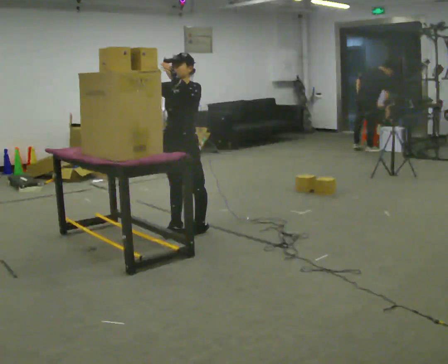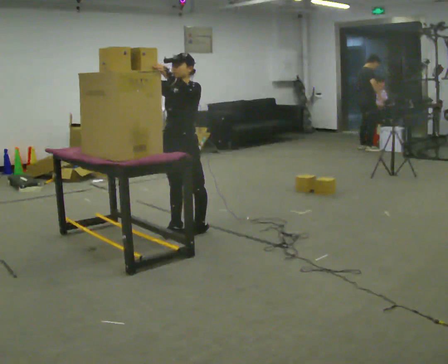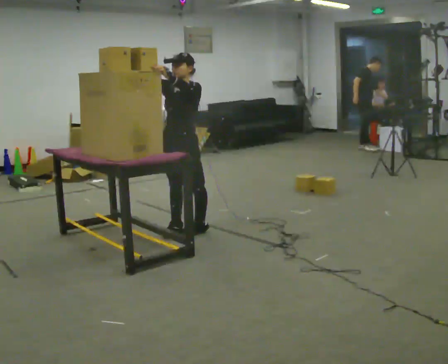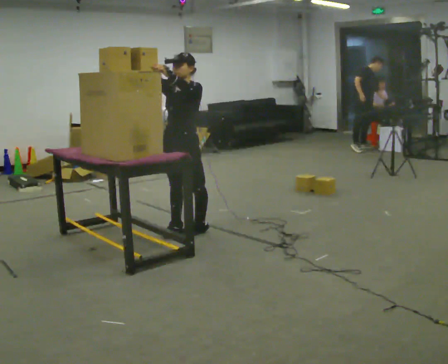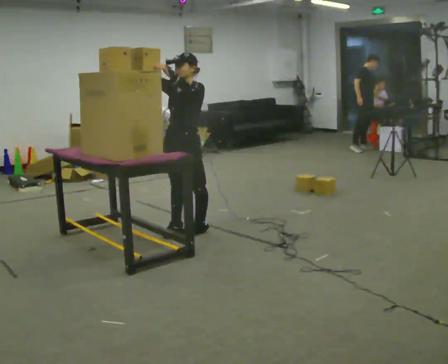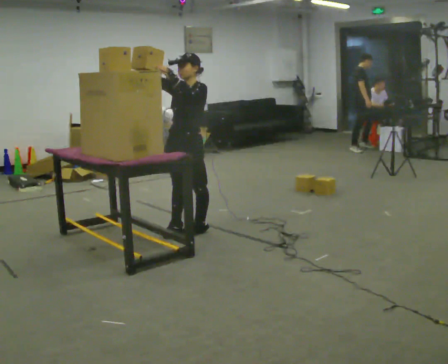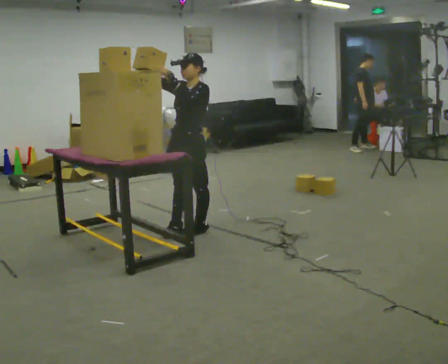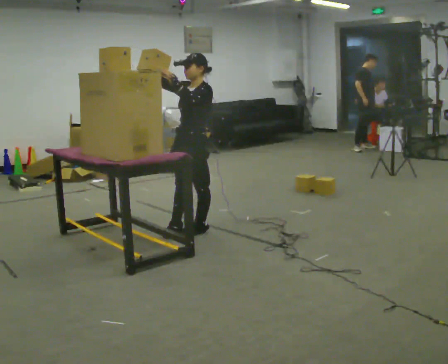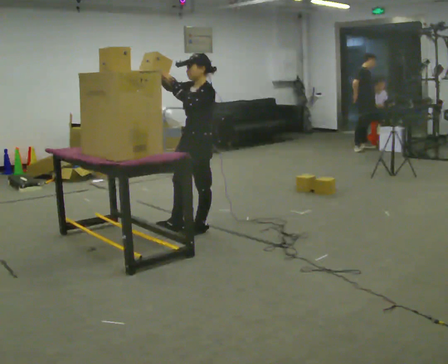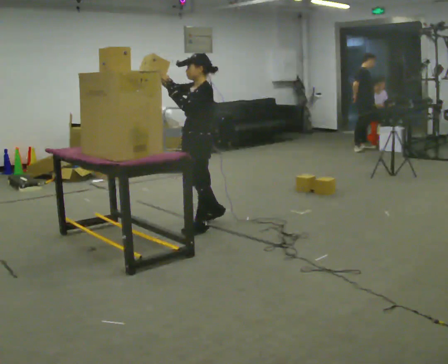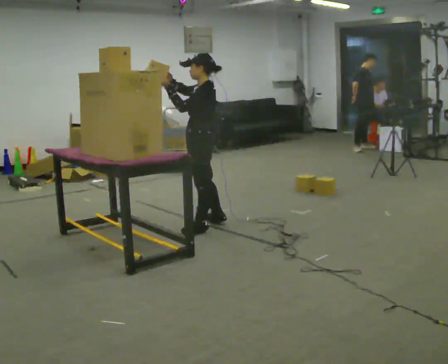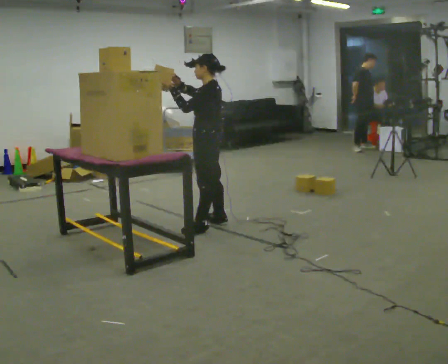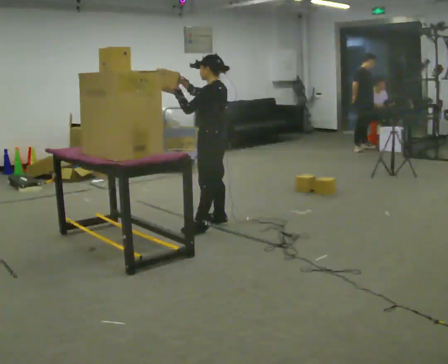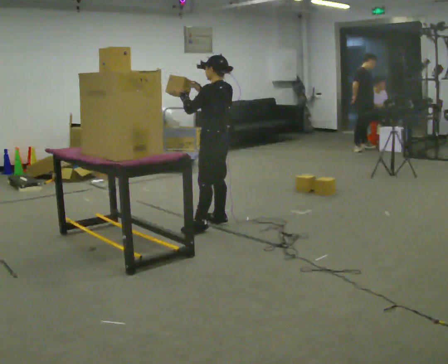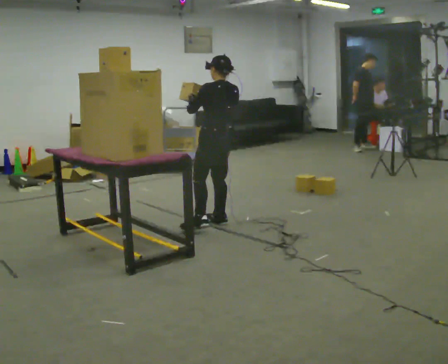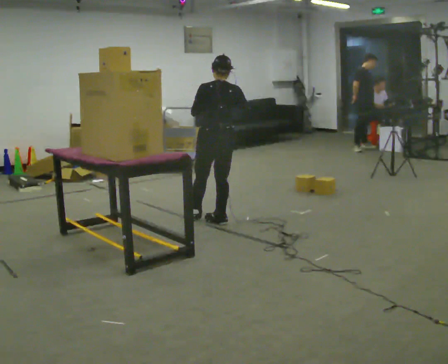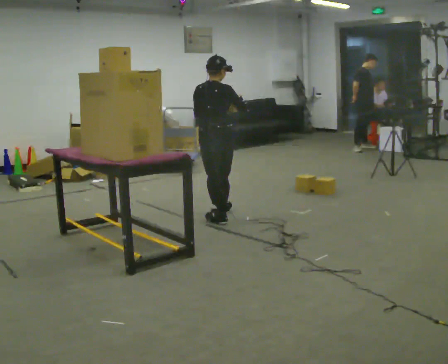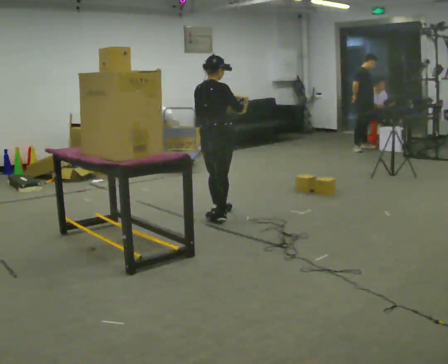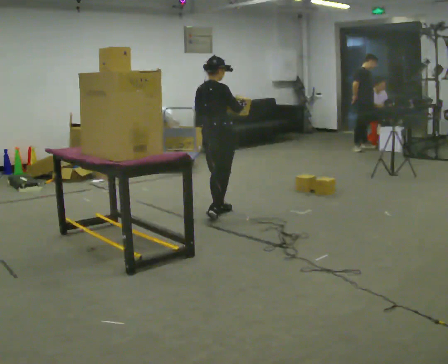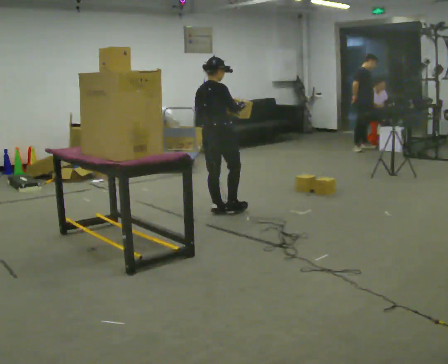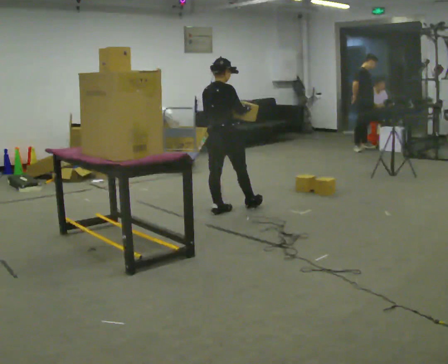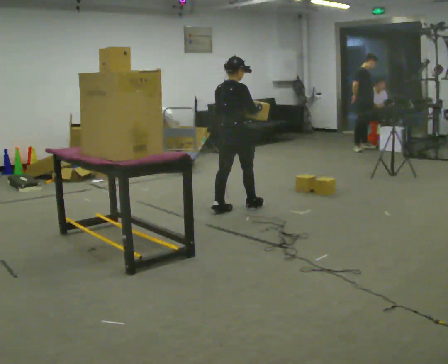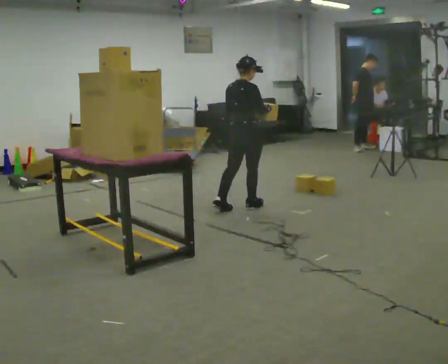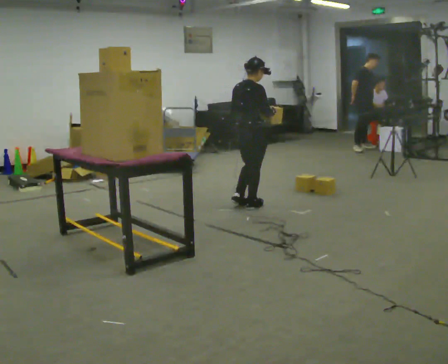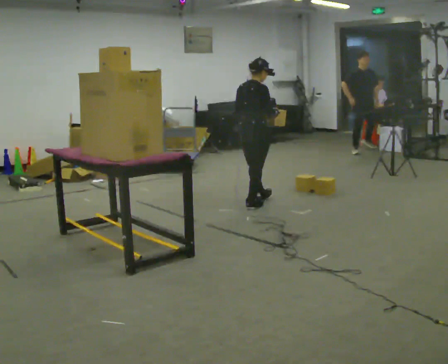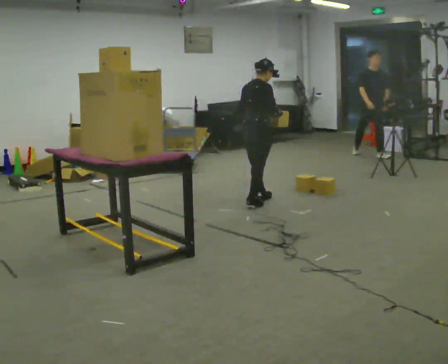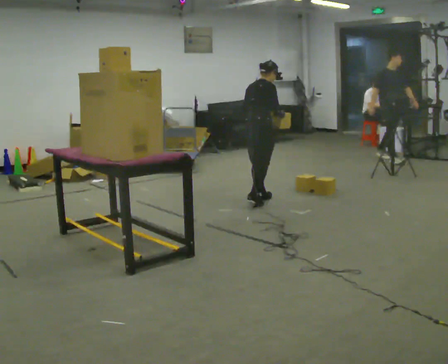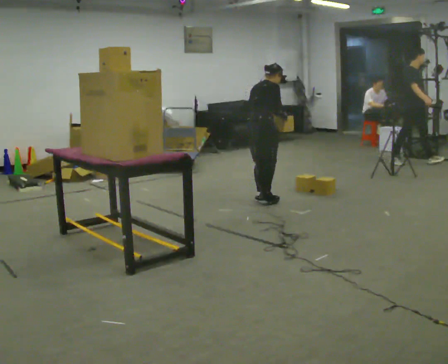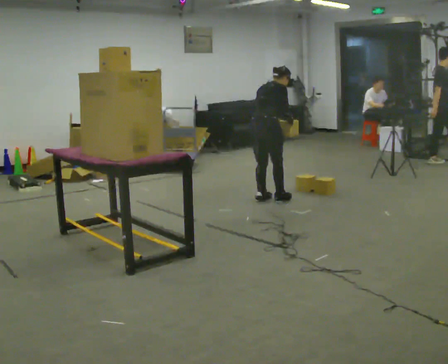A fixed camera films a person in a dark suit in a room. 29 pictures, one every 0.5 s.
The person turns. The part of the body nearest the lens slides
to the left.
The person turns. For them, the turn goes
to their right.
0.0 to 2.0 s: The person moves a little, or ends about where they began.
2.0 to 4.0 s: The part of the body nearest the lens slides to the left as the person turns to their right by about 30 degrees.
4.0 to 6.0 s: The part of the body nearest the lens slides to the left as the person turns to their right by about 45 degrees. In the picture they go away from the camera, about 0.25 m in 1 step, which for them is to their right.
6.0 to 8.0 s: The part of the body nearest the lens slides to the left as the person turns to their right by about 90 degrees. In the picture they go away from the camera, about 0.25 m in 1 step. In the picture their right hand goes to the right.
8.0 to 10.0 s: In the picture they go away from the camera, about 0.25 m in 1 step, which for them is forward and to their left.
10.0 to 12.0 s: In the picture they go to the right and away from the camera, about 0.25 m in 1 step, which for them is forward.
12.0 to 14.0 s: In the picture they go away from the camera, about 0.25 m in 1 step, which for them is forward. The upper body tips away from the camera, its near side rolling upward, as they bend forward.
The film runs forward here.
